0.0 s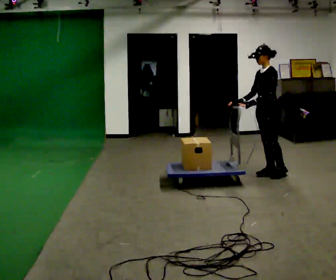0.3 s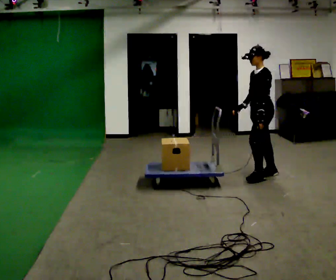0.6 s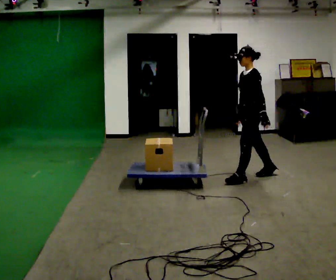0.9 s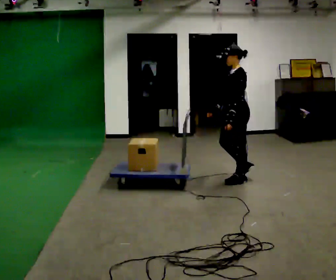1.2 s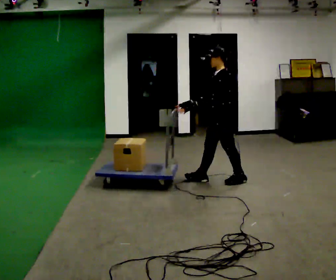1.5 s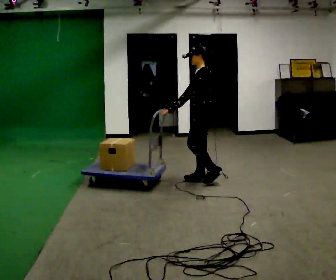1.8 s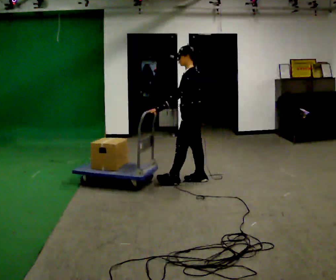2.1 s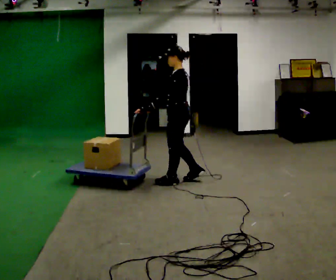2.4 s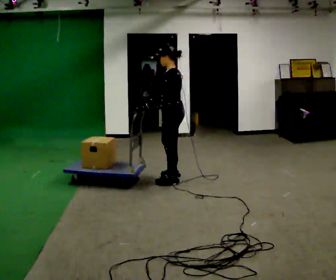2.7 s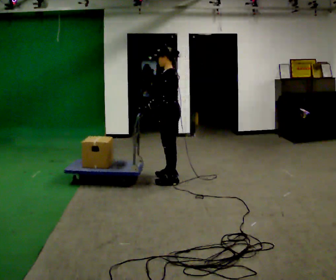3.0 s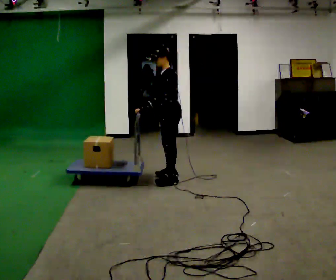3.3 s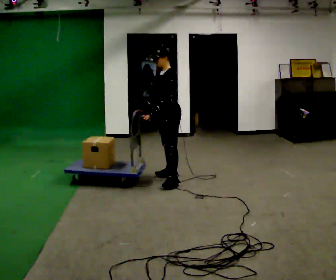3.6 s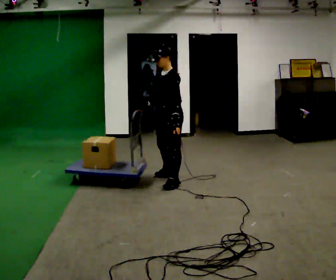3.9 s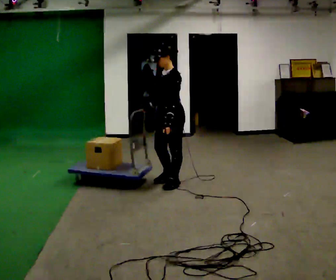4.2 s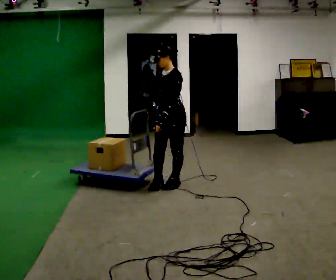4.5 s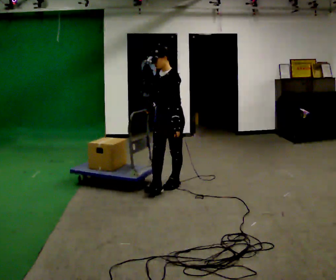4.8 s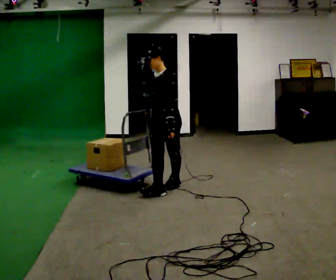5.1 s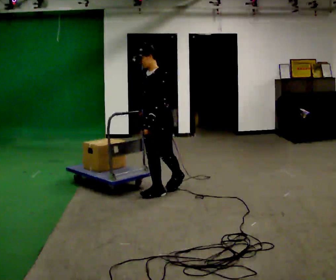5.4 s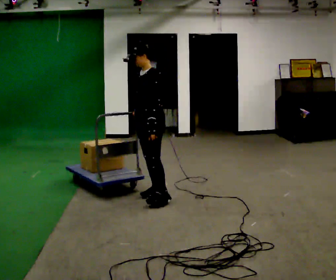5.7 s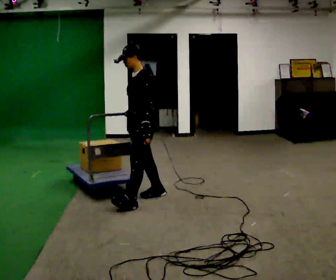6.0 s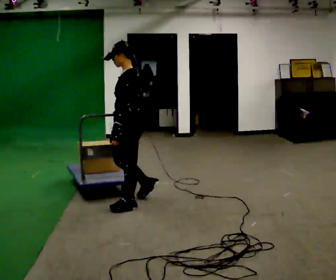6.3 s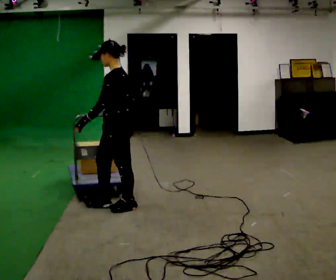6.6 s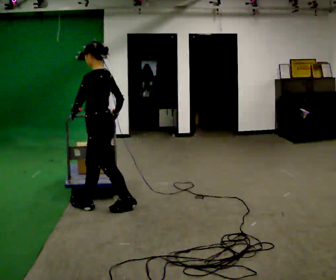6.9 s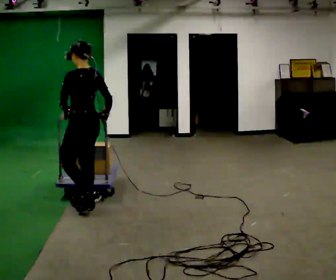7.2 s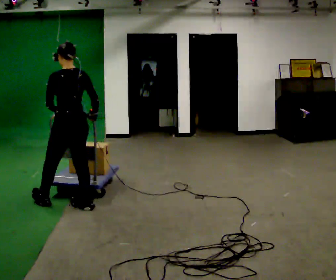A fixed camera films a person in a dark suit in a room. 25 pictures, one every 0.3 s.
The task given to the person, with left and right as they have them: Stand still with your hands on the cart. When the operator says go, get it moving, push it a few metres, then bring it to a stop. Repeat until the operator says stop.
0.0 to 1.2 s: In the picture they go to the left, about 0.5 m in 2 steps, which for them is forward.
1.2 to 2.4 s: In the picture they go to the left, about 0.5 m in 1 step, which for them is forward.
2.4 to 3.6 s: Seen from above the body turns counterclockwise, about 45 degrees: to their left, with its near side sliding to the right. In the picture their left hand goes to the right, the arm swinging counterclockwise.
3.6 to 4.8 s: In the picture they go toward the camera, about 0.25 m in 1 step, which for them is forward and to their left.
4.8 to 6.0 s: The part of the body nearest the lens slides to the left as the person turns to their right by about 30 degrees. In the picture they go toward the camera and to the left, about 0.5 m in 1 step, which for them is forward.
6.0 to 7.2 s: Seen from above the body turns clockwise, about 60 degrees: to their right, with its near side sliding to the left. In the picture they go to the left, about 0.5 m in 1 step, which for them is forward.
The film runs forward here.
